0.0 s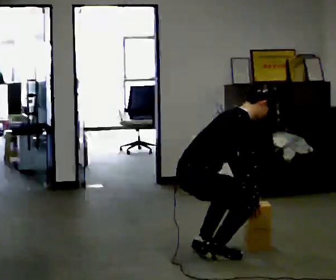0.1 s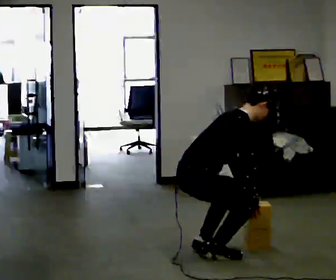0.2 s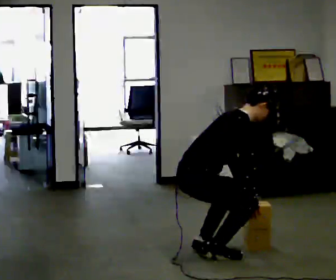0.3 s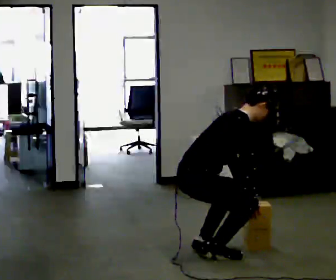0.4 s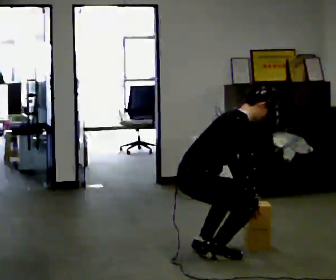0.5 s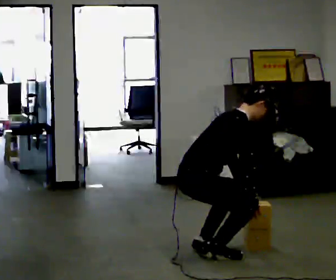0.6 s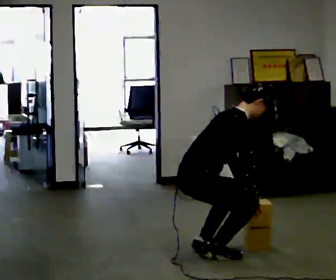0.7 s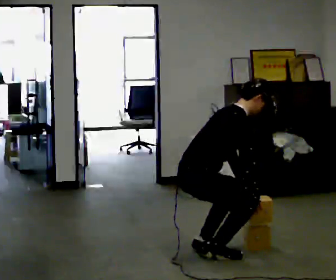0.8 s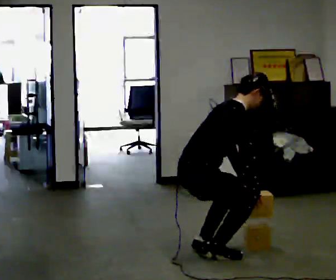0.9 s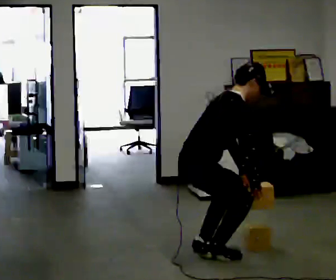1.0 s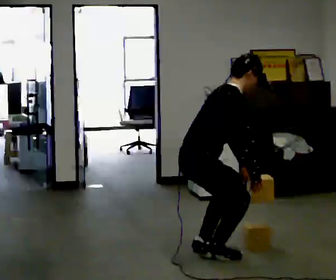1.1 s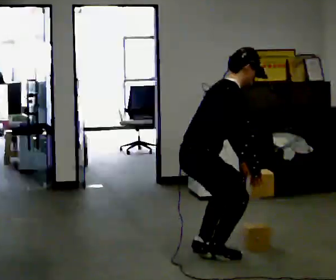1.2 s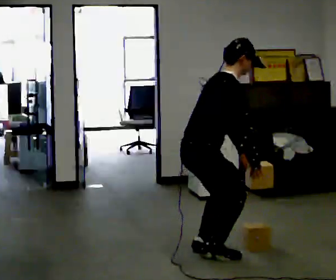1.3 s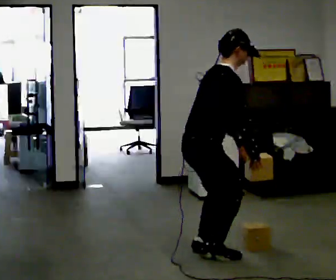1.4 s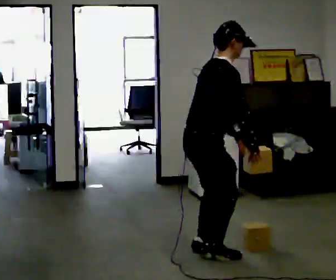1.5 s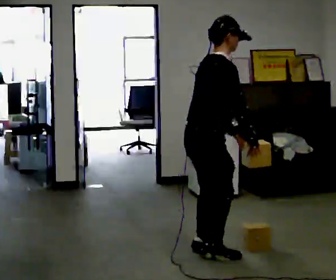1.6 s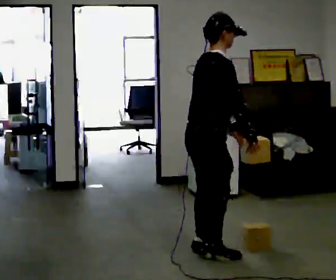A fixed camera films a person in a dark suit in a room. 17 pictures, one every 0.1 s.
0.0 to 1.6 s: The upper body goes upward. In the picture the upper body tilts counterclockwise, shoulders to the left, as they lean back or straighten. In the picture their right hand goes upward.
The film runs forward here.
